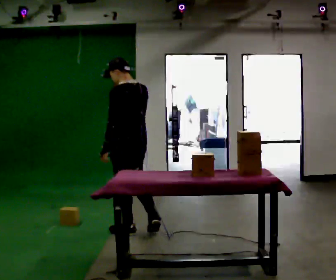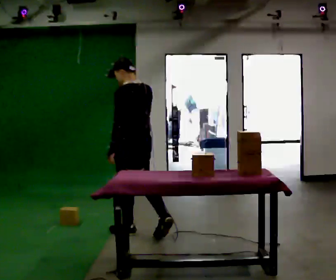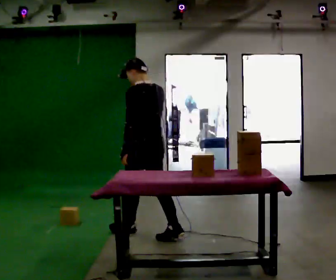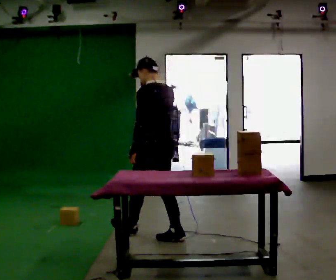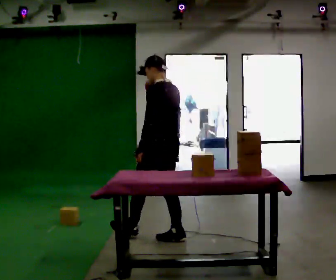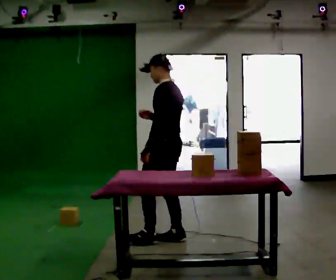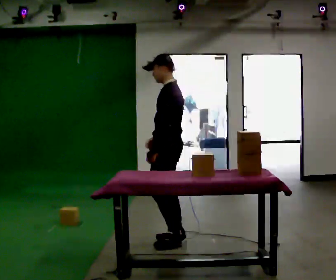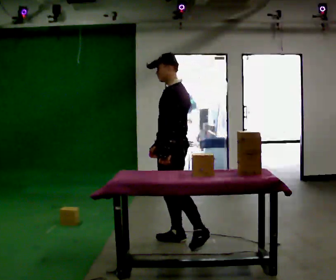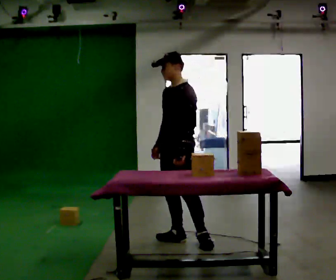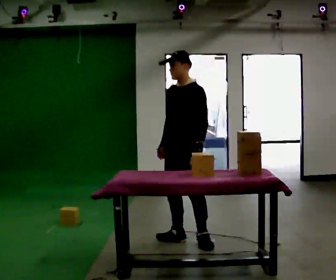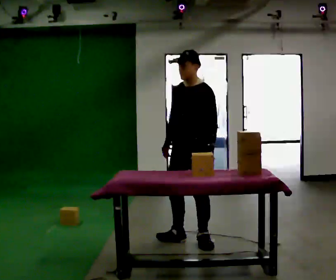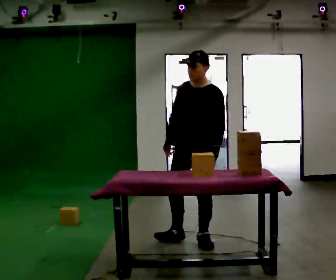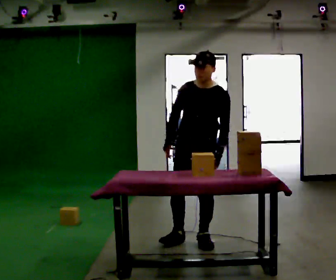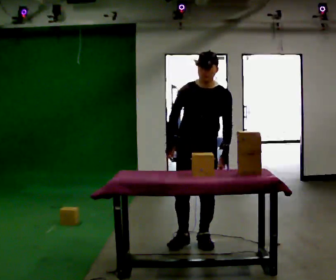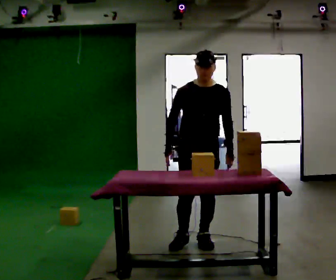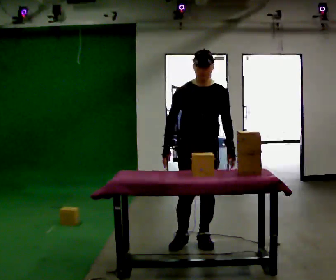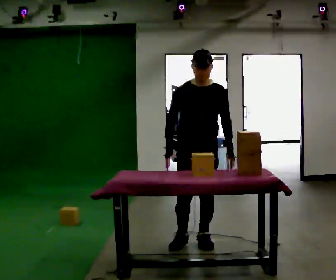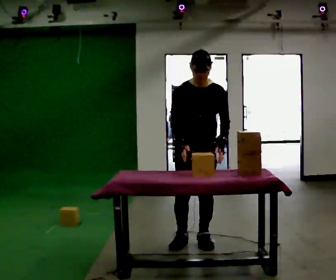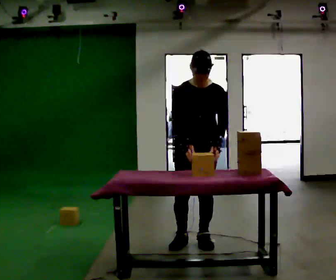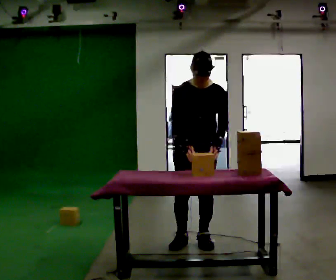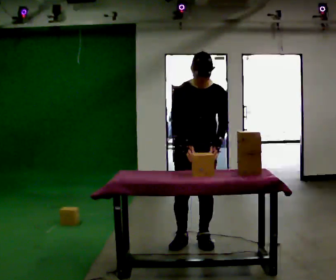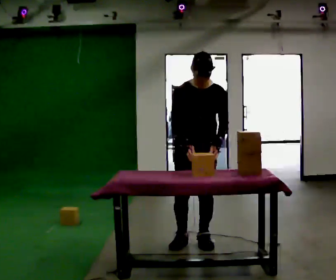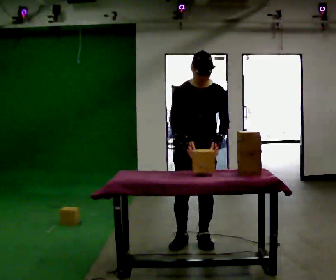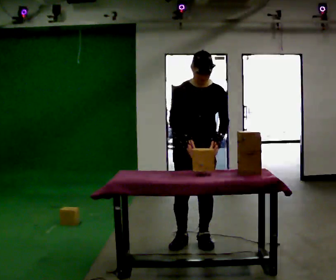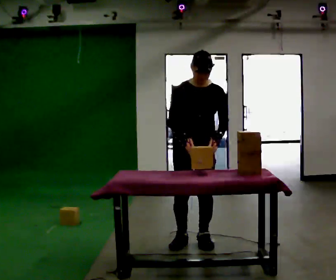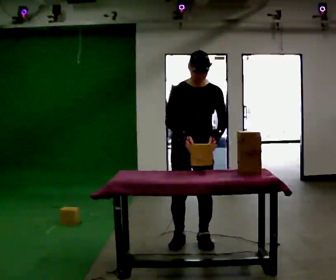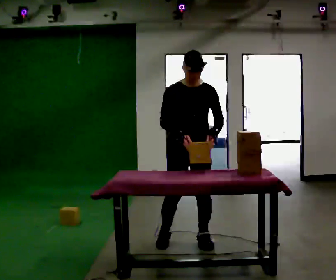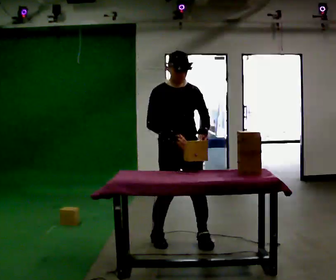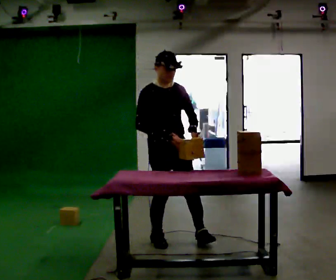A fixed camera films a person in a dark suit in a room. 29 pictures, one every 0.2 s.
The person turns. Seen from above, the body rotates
counterclockwise.
The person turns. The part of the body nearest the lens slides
to the right.
0.0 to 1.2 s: The part of the body nearest the lens slides to the right as the person turns to their left by about 30 degrees. In the picture they go to the right, about 0.5 m in 1 step, which for them is backward. In the picture their right hand goes downward.
1.2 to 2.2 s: The part of the body nearest the lens slides to the right as the person turns to their left by about 60 degrees. In the picture they go to the right, about 0.25 m.
2.2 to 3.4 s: Seen from above the body turns counterclockwise, about 30 degrees: to their left, with its near side sliding to the right.
3.4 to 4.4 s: The person moves a little, or ends about where they began.
4.4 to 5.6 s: The part of the body nearest the lens slides to the right as the person turns to their left by about 30 degrees. In the picture they go to the left, about 0.25 m in 2 steps, which for them is to their right.
The film runs backward here.
